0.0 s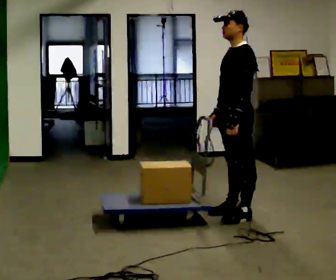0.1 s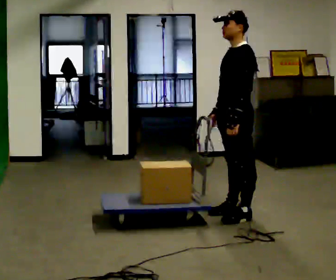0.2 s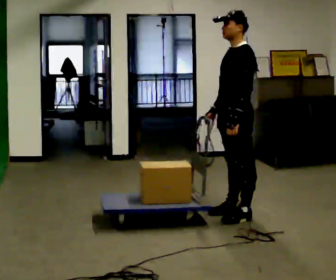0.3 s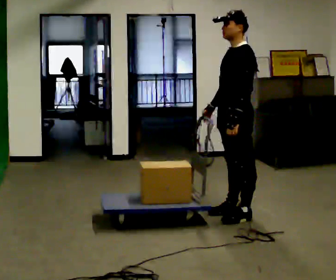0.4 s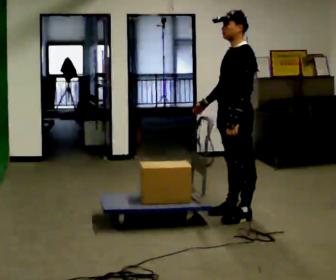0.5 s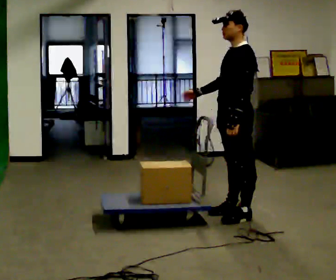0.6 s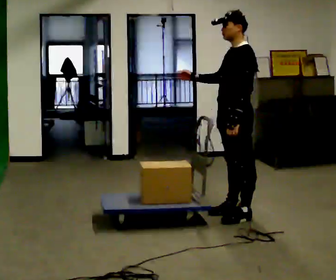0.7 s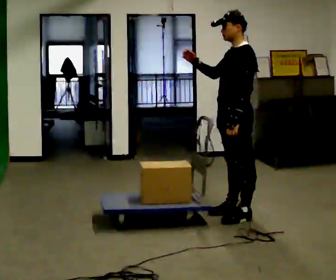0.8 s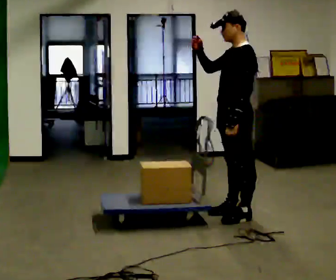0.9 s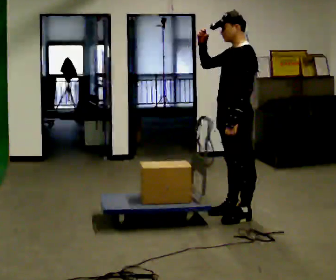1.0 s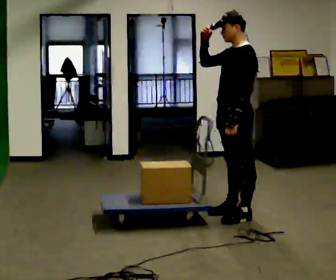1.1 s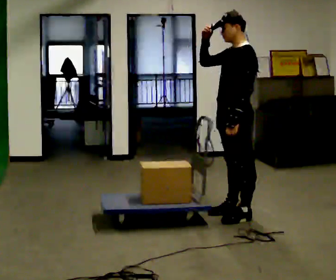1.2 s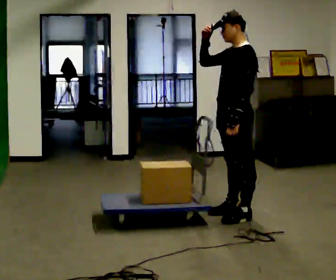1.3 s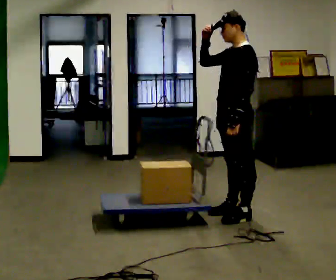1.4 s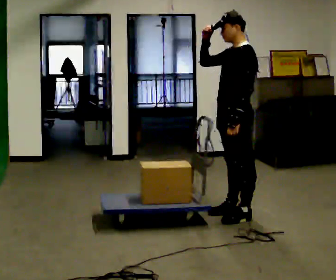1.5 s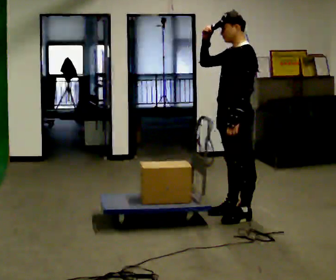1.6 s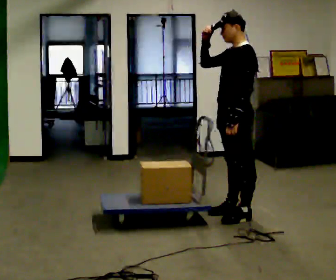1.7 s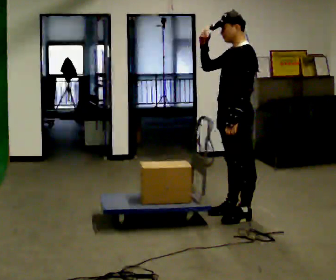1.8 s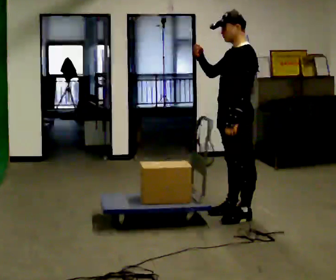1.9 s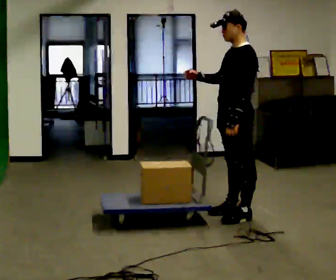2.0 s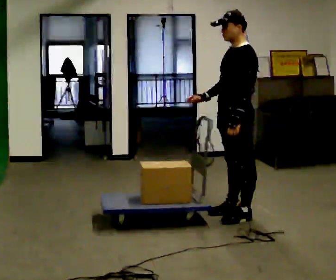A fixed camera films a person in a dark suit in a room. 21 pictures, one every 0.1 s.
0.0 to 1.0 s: In the picture their right hand goes upward, the arm swinging clockwise.
1.0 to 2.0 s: In the picture their right hand goes downward, the arm swinging counterclockwise.
The film runs forward here.
